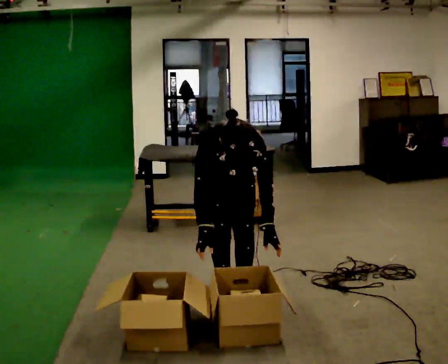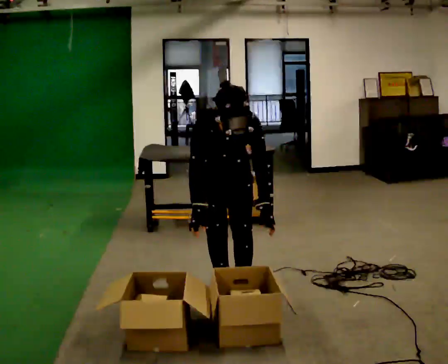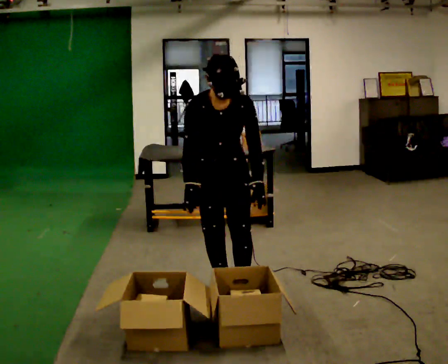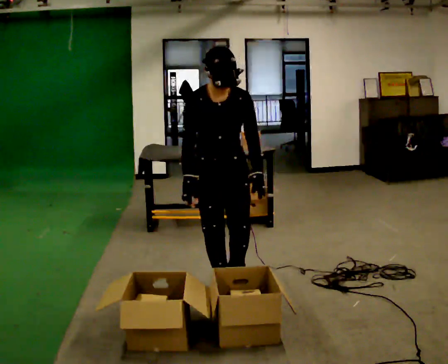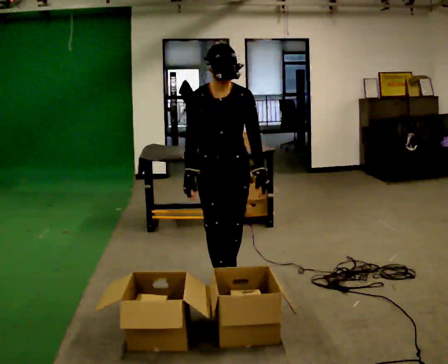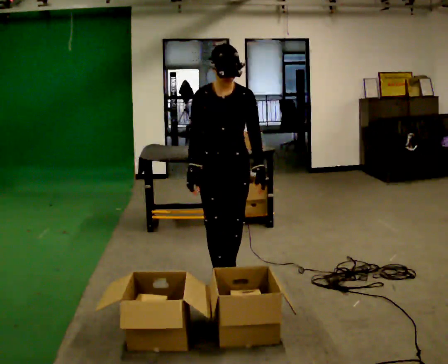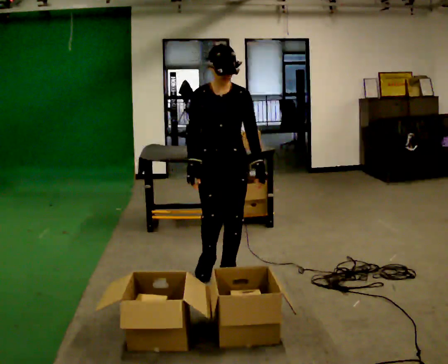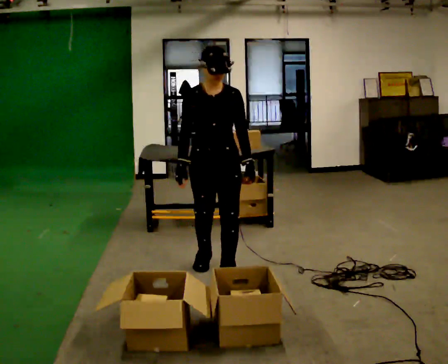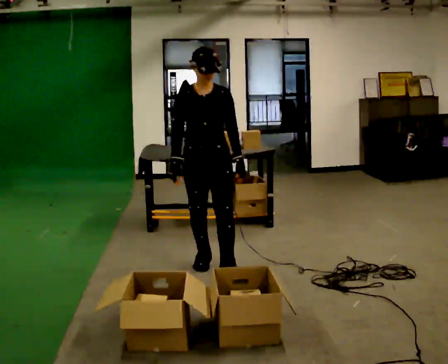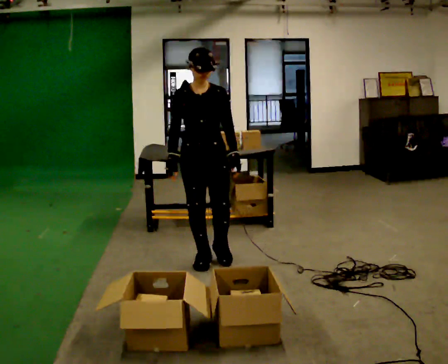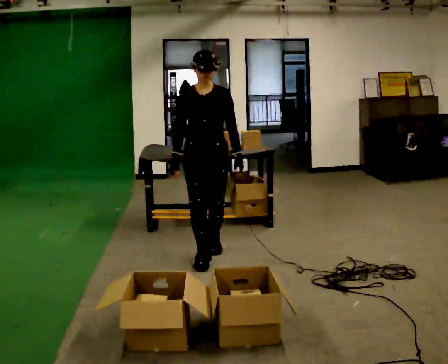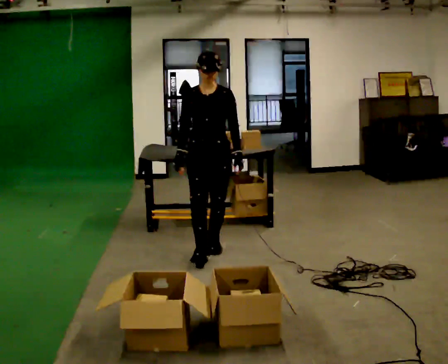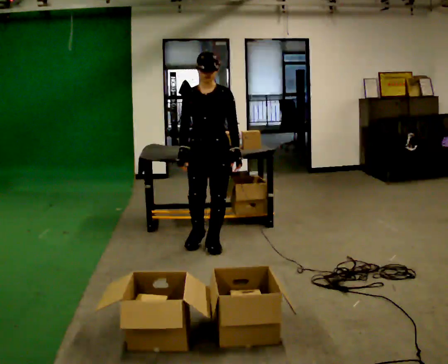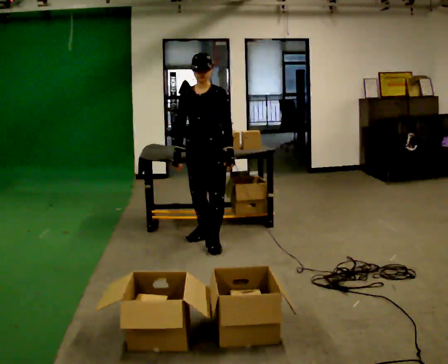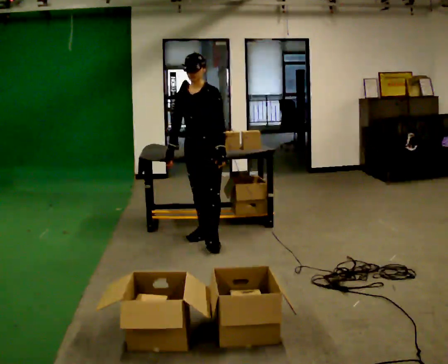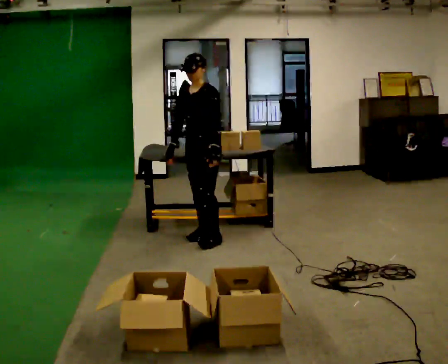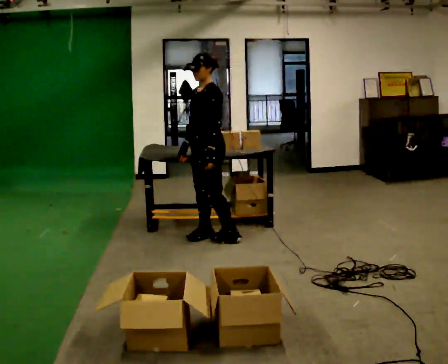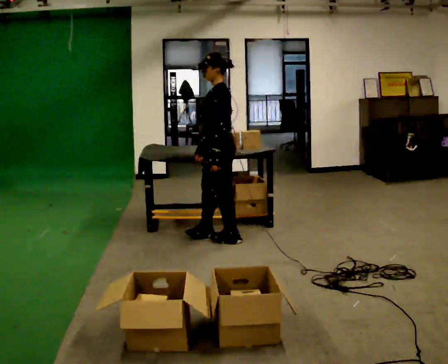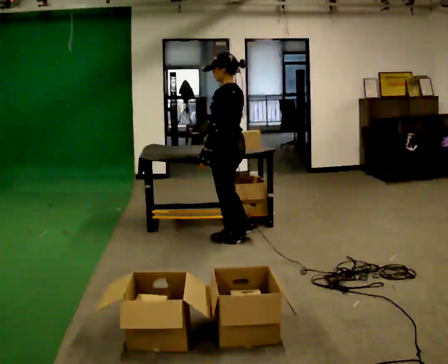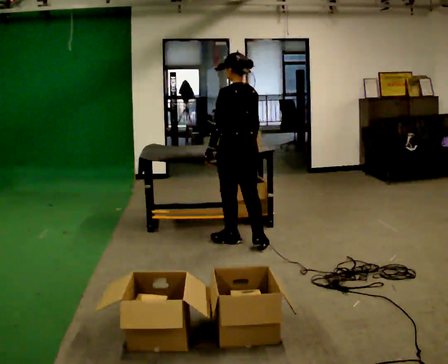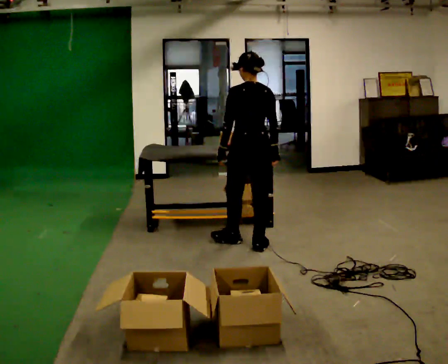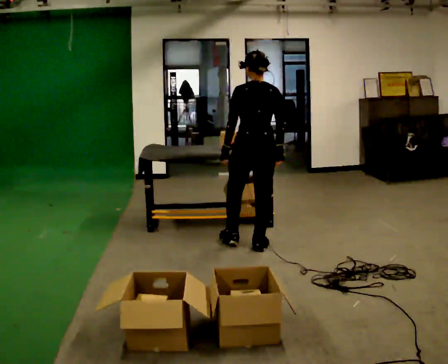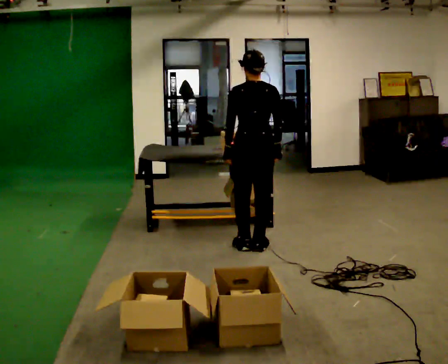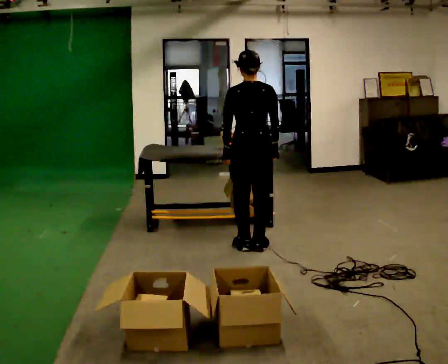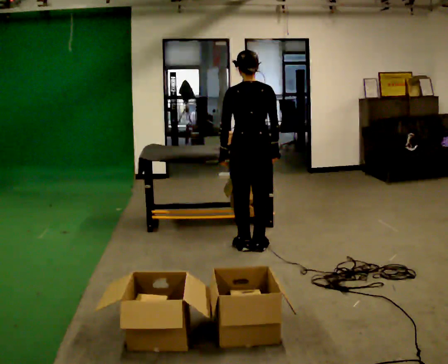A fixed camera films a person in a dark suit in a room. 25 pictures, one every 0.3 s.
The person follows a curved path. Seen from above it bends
clockwise.
The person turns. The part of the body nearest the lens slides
to the left.
0.0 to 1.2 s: The upper body goes upward. The upper body tips away from the camera, its near side rolling upward, as they lean back or straighten.
1.2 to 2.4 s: In the picture they go away from the camera, about 0.5 m in 1 step, which for them is backward.
2.4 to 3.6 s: In the picture they go away from the camera, about 0.5 m in 2 steps, which for them is backward.
3.6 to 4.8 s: The part of the body nearest the lens slides to the left as the person turns to their right by about 60 degrees. In the picture they go away from the camera, about 0.25 m in 1 step, which for them is backward and to their right.
4.8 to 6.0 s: The person turns about 90 degrees to their right, clockwise seen from above, so the part of the body nearest the lens slides to the left. In the picture they go to the right and toward the camera, about 0.5 m in 1 step.
6.0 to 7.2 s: The person moves a little, or ends about where they began.
The film runs backward here.
